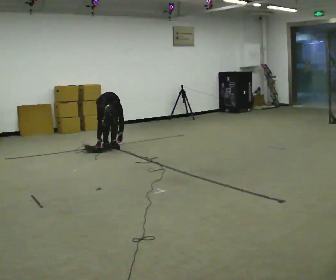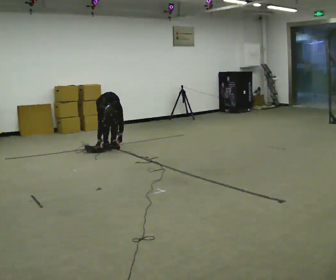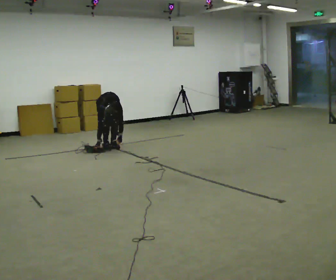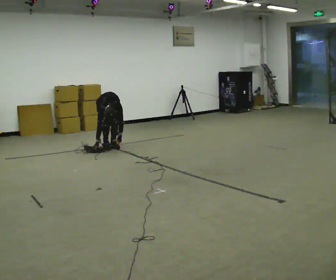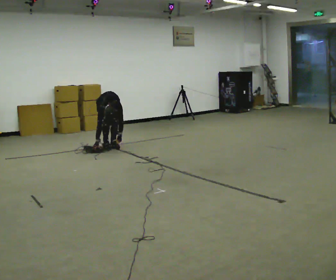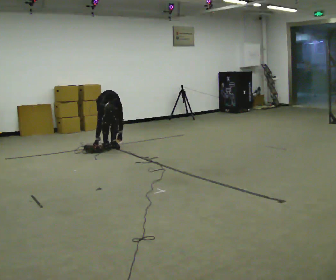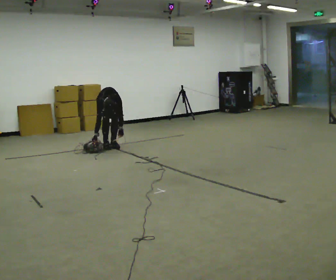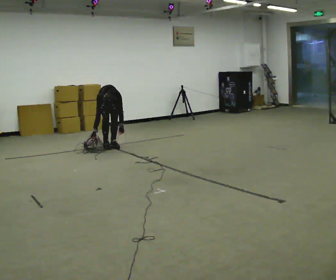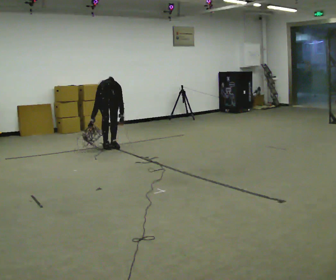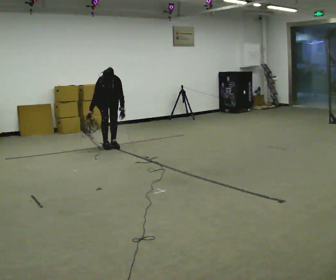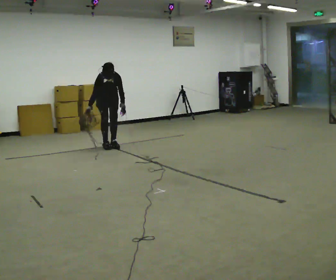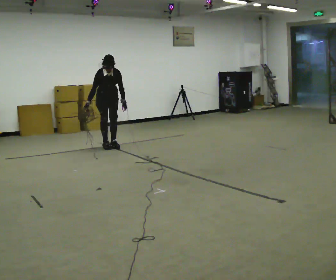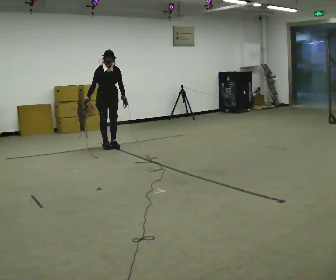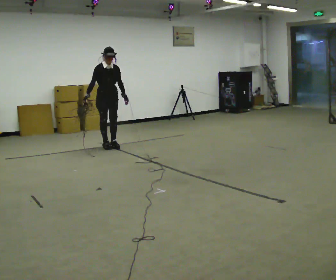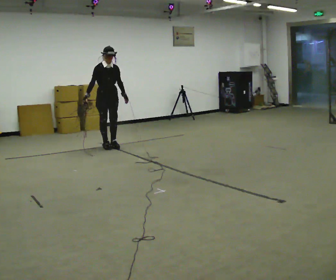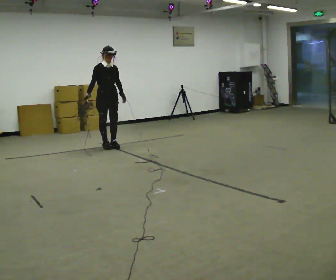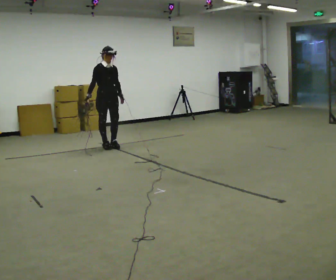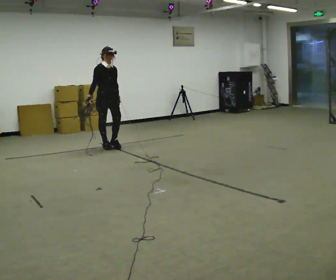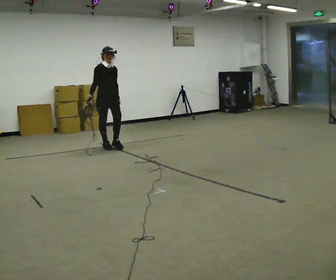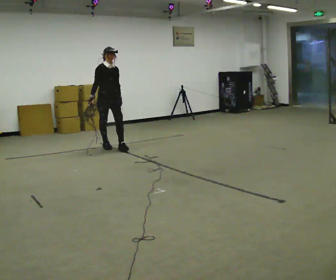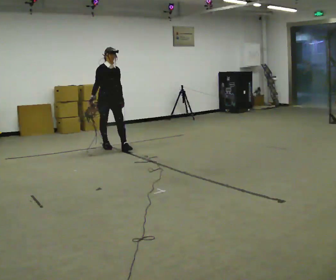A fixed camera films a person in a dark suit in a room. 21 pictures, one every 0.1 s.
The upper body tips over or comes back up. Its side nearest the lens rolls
upward.
Their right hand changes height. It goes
upward.
0.0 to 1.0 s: The shoulders move upward. The upper body tips away from the camera, its near side rolling upward, as they lean back or straighten. In the picture their right hand goes upward.
1.0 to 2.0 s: In the picture they go toward the camera, about 0.25 m, which for them is forward. The upper body tips away from the camera, its near side rolling upward, as they lean back or straighten.
The film runs forward here.
